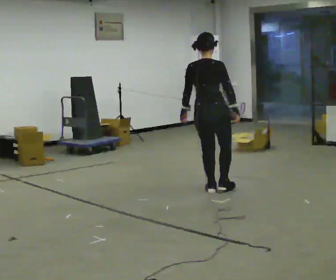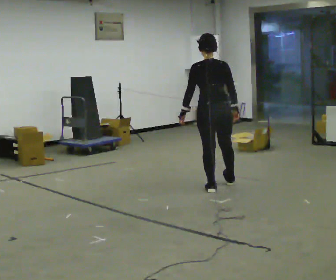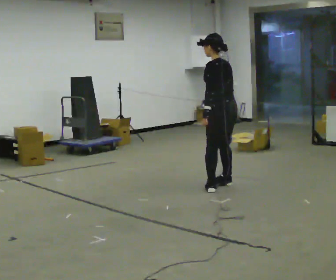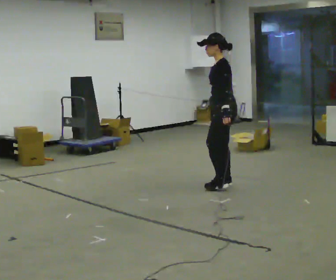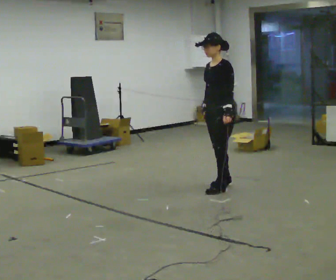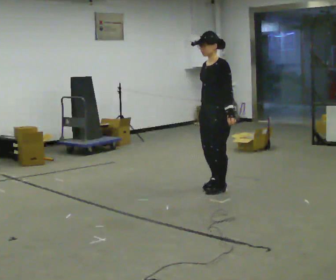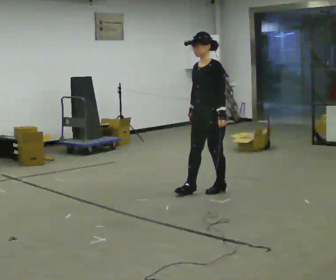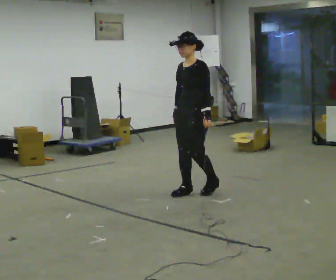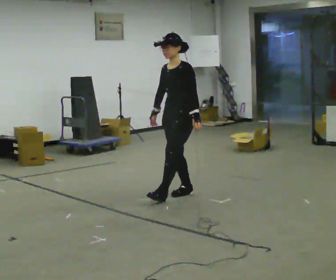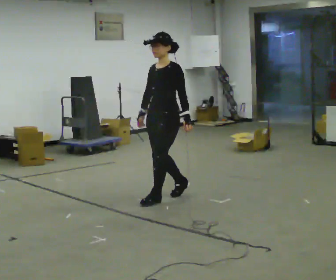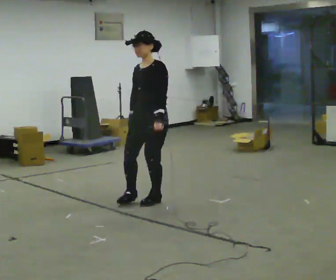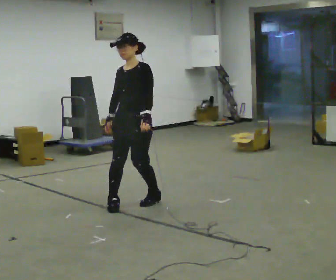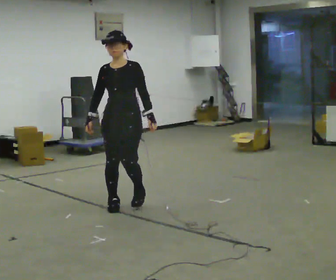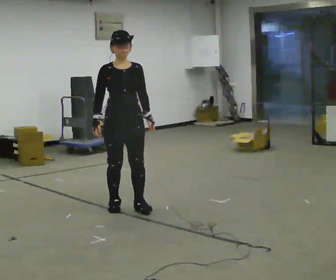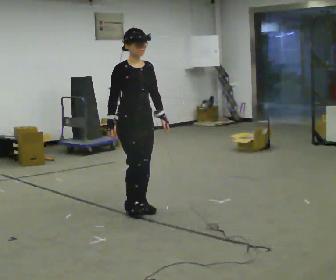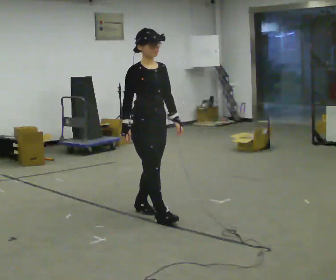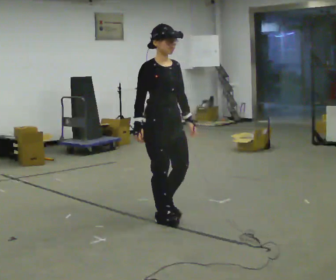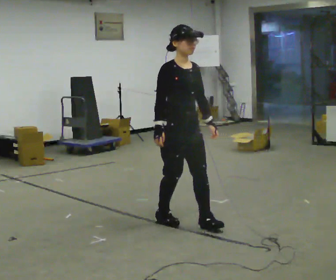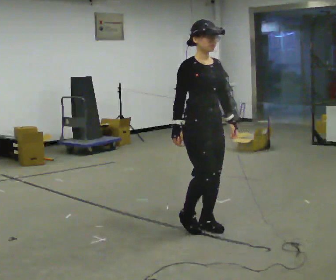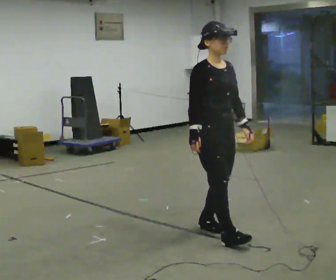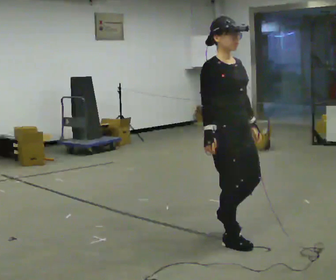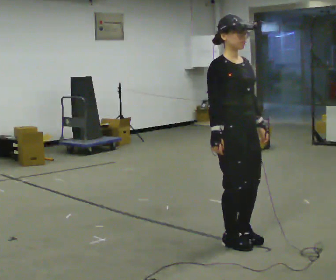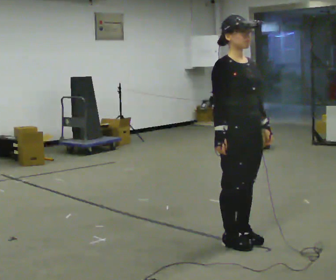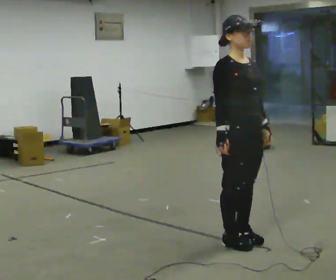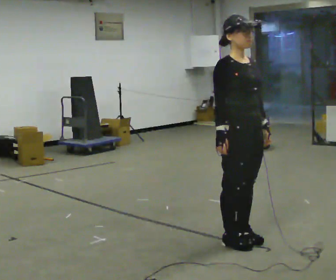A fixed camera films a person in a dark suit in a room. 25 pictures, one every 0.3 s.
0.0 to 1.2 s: The person turns about 150 degrees to their left, counterclockwise seen from above, so the part of the body nearest the lens slides to the right. In the picture they go to the right, about 0.25 m.
1.2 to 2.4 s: In the picture they go to the left and toward the camera, about 0.5 m in 2 steps, which for them is forward.
2.4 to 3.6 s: The part of the body nearest the lens slides to the right as the person turns to their left by about 30 degrees. In the picture they go to the left and toward the camera, about 0.75 m in 2 steps, which for them is forward.
3.6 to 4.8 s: The person turns about 60 degrees to their left, counterclockwise seen from above, so the part of the body nearest the lens slides to the right. In the picture they go toward the camera and to the right, about 0.5 m in 2 steps.
4.8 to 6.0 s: In the picture they go toward the camera and to the right, about 0.5 m in 2 steps, which for them is forward.
6.0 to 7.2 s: The person moves a little, or ends about where they began.
The film runs backward here.
